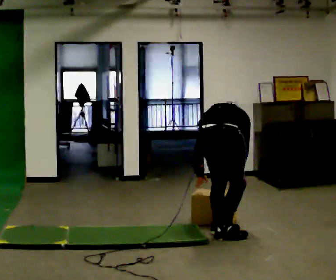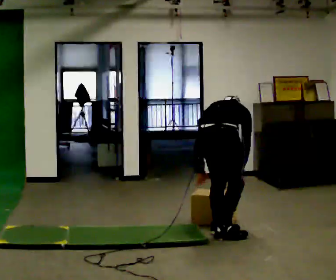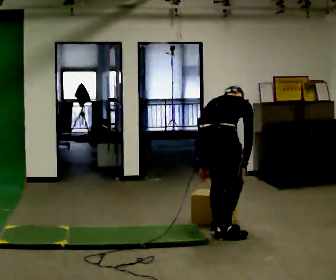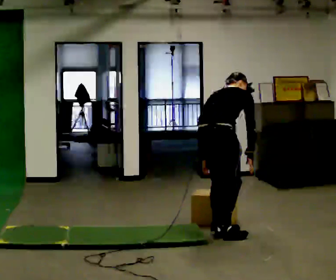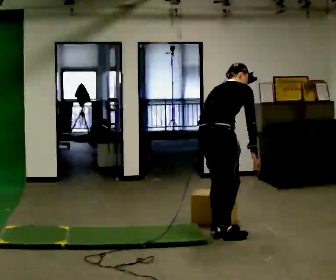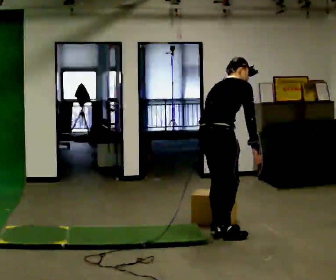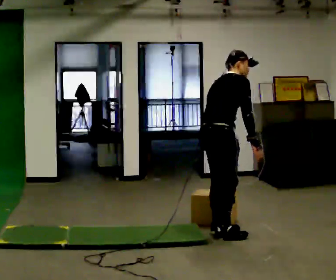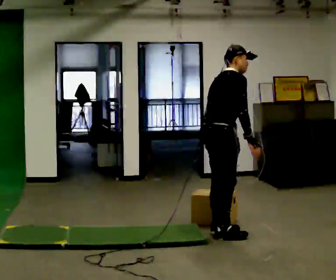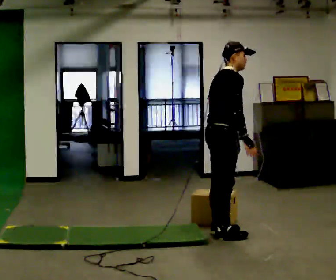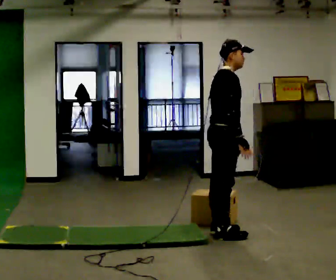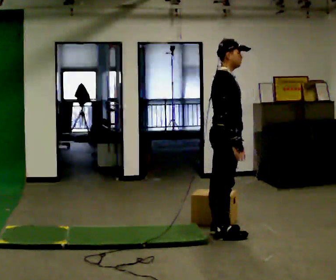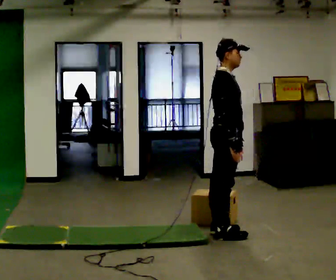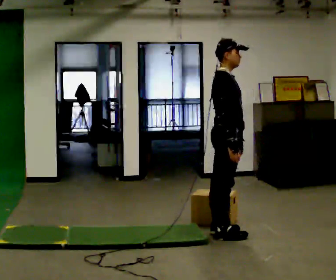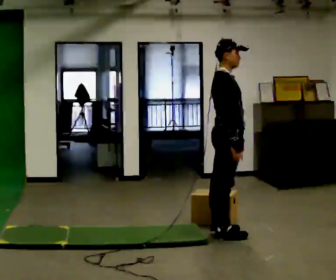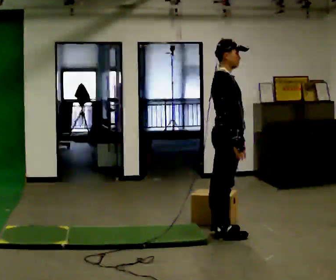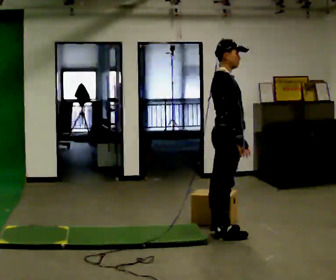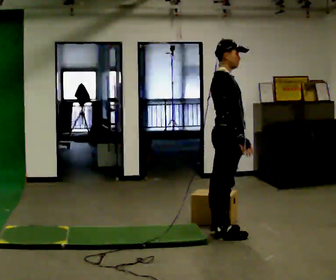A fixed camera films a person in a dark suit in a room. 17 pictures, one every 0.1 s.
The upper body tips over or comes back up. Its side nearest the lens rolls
downward.
The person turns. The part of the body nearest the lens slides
to the left.
0.0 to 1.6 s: The part of the body nearest the lens slides to the left as the person turns to their right by about 60 degrees. In the picture they go away from the camera, about 0.25 m. The shoulders move upward. The upper body tips toward the camera, its near side rolling downward, as they lean back or straighten. In the picture their left hand goes to the right and upward.
The film runs forward here.
